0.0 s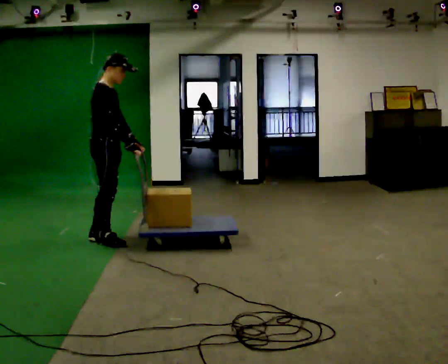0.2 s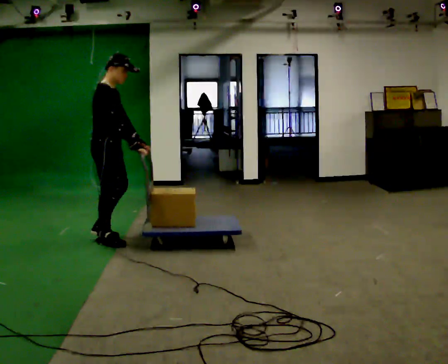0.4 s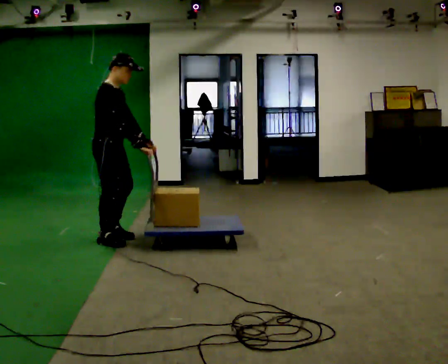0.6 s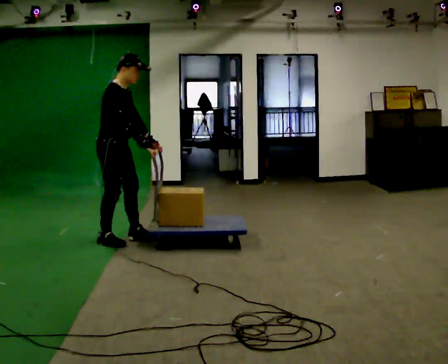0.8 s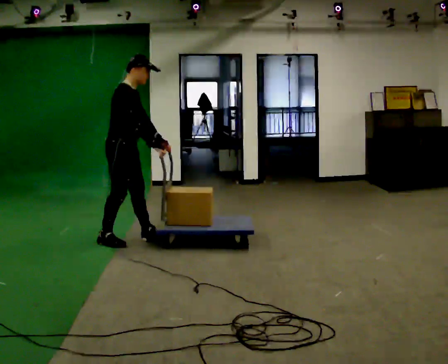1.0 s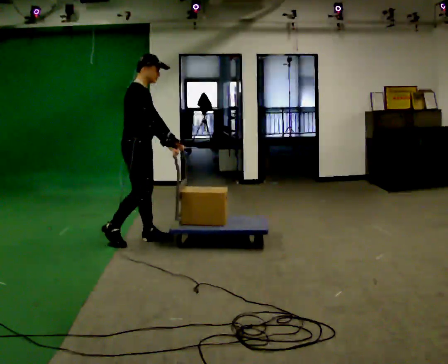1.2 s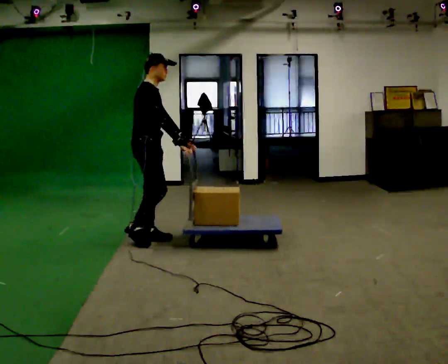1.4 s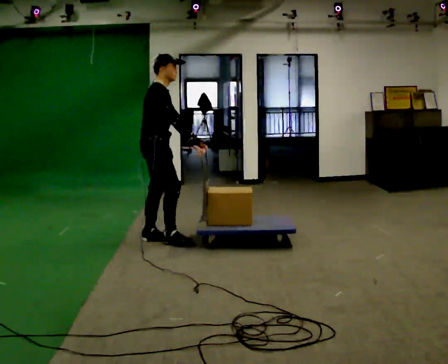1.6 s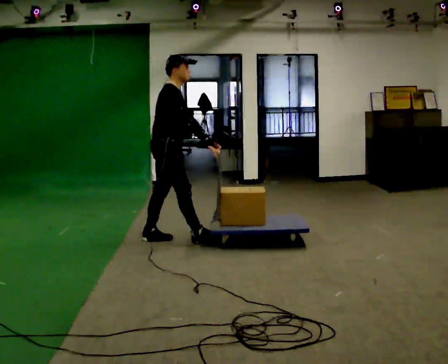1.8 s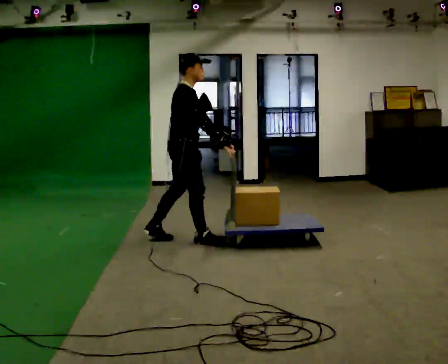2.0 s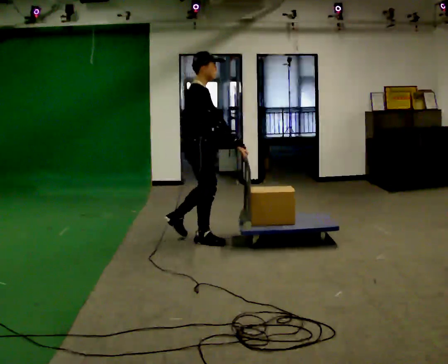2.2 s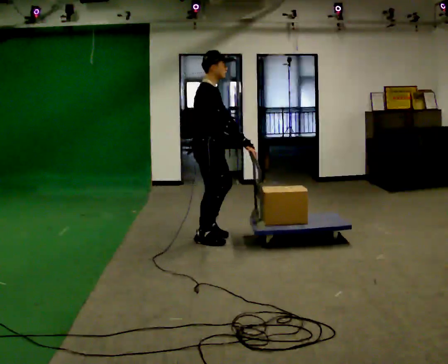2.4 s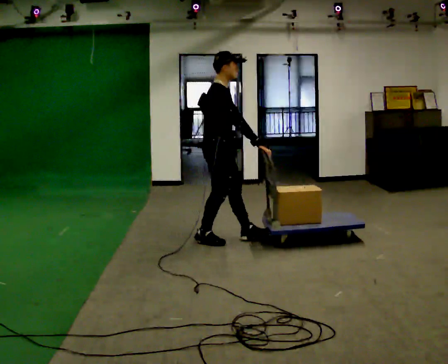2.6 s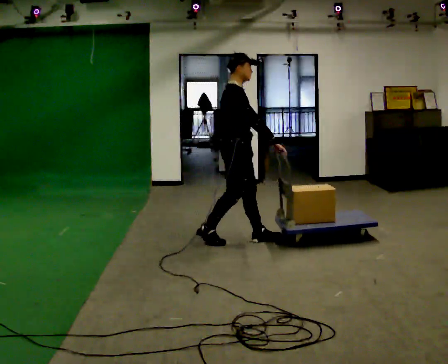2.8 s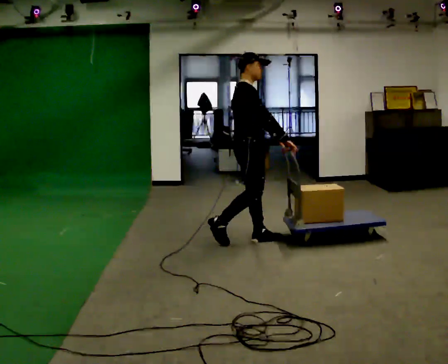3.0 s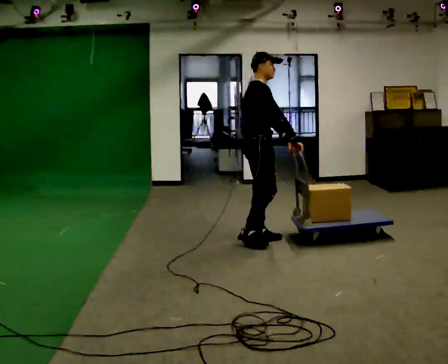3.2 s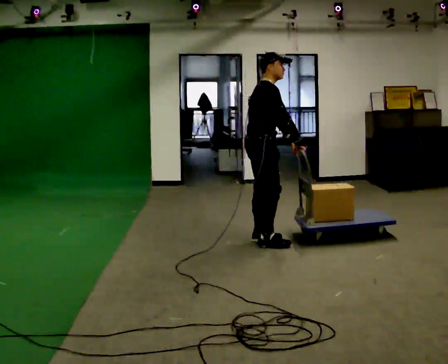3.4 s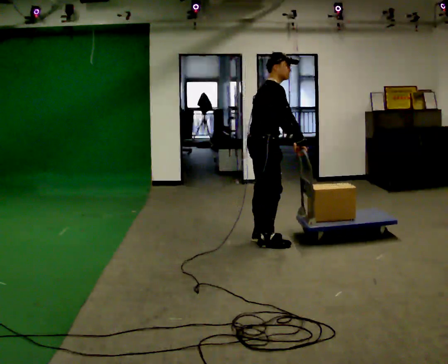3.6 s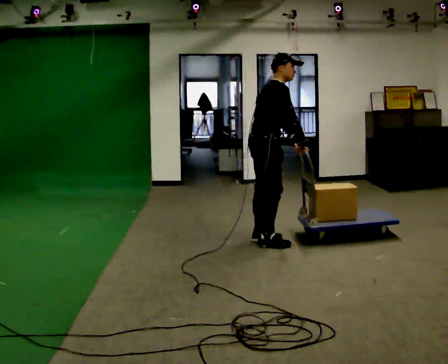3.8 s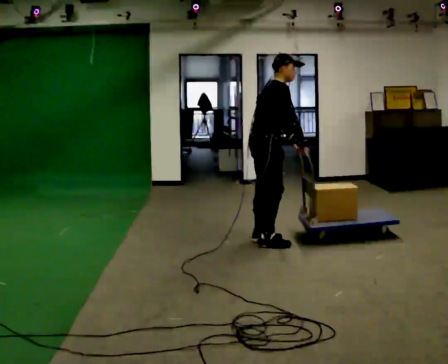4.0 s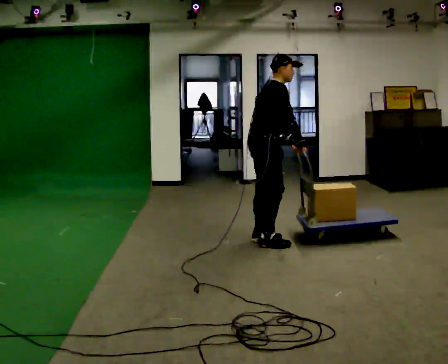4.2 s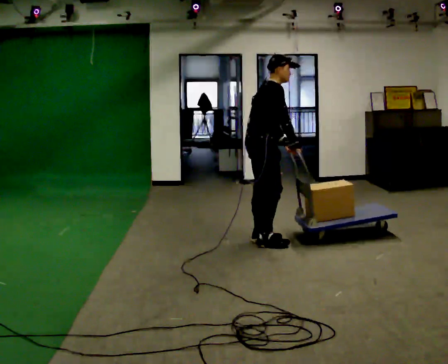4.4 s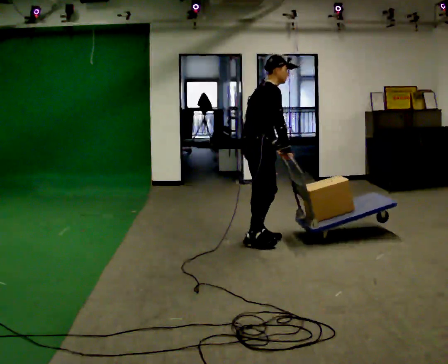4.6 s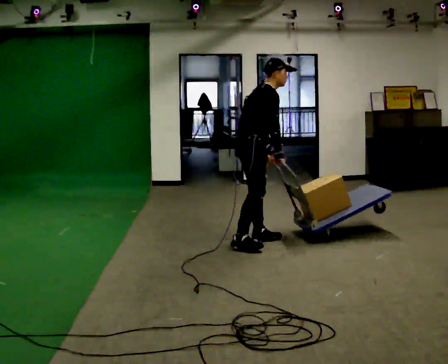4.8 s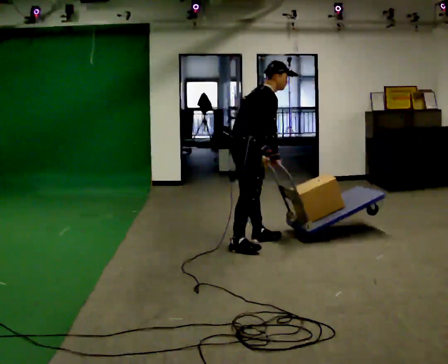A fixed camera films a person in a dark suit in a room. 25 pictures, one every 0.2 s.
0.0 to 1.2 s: In the picture they go to the right, about 0.5 m in 1 step, which for them is forward and to their left.
1.2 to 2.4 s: In the picture they go to the right, about 0.75 m in 1 step, which for them is forward.
2.4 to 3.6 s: In the picture they go to the right, about 0.5 m in 2 steps, which for them is forward.
3.6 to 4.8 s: In the picture they go to the left, about 0.25 m in 1 step, which for them is backward.
The film runs forward here.
